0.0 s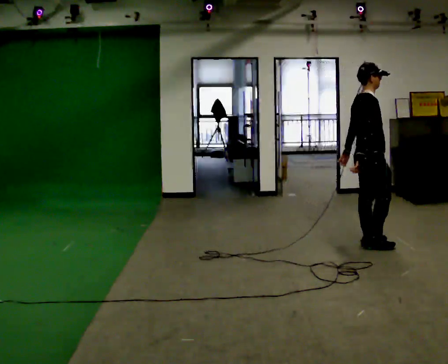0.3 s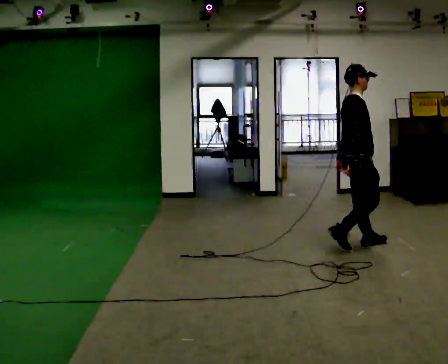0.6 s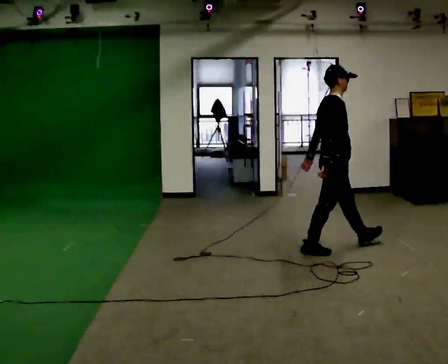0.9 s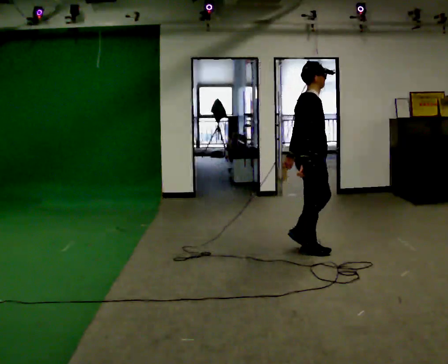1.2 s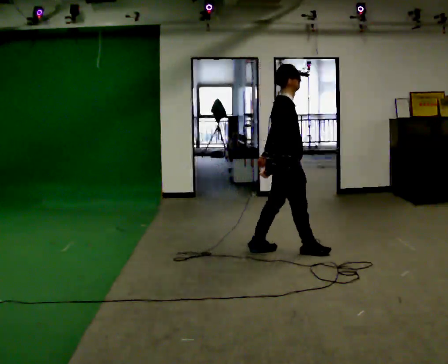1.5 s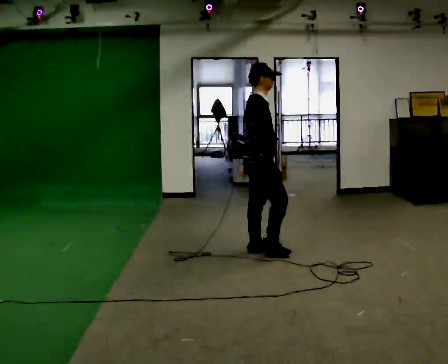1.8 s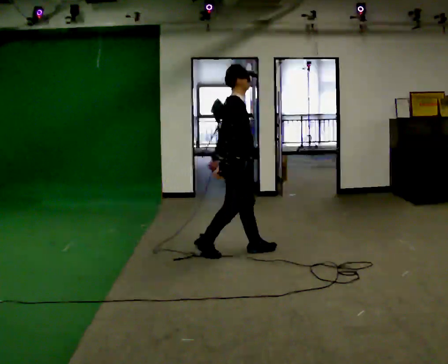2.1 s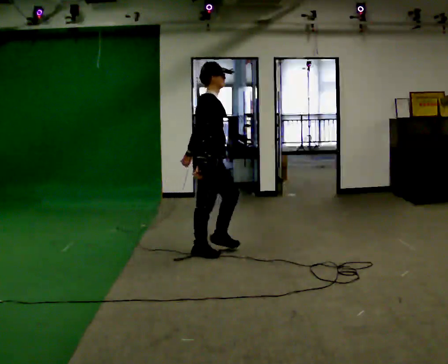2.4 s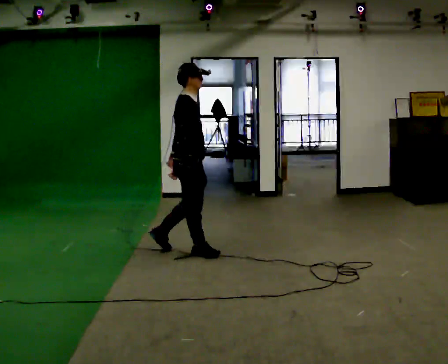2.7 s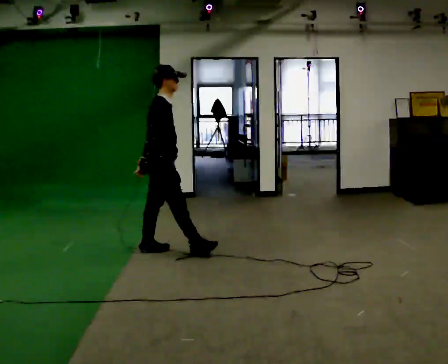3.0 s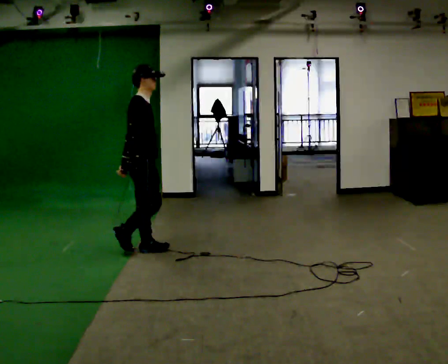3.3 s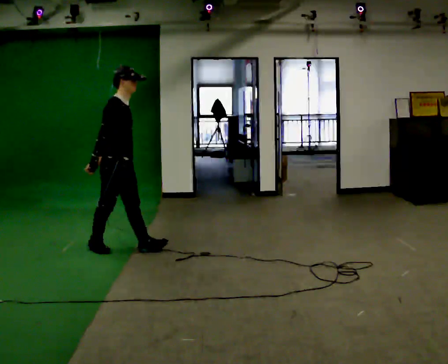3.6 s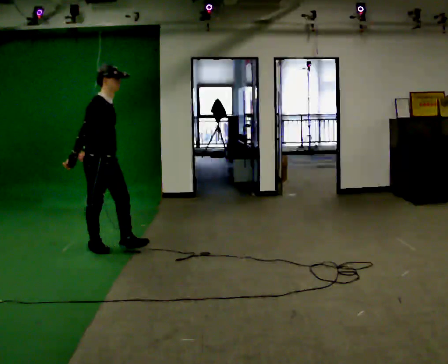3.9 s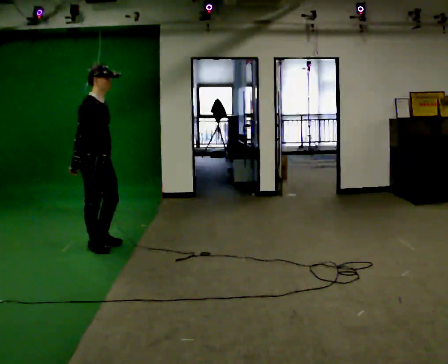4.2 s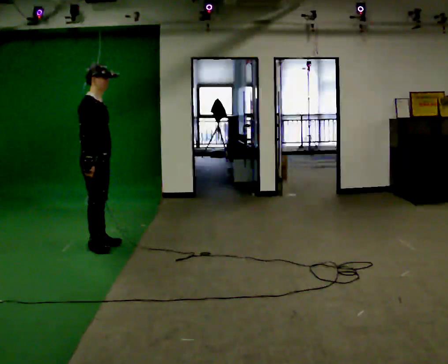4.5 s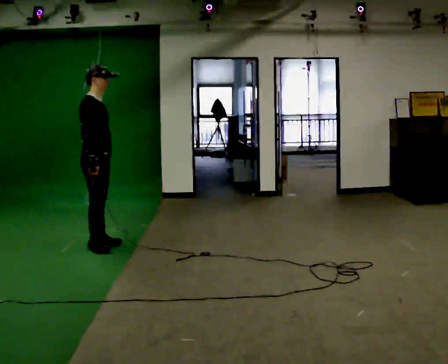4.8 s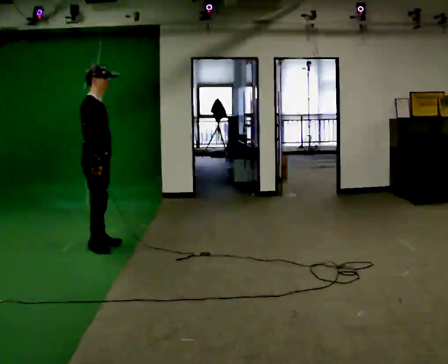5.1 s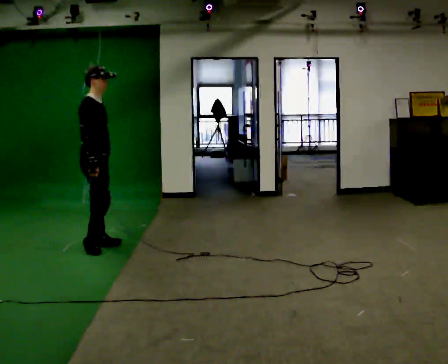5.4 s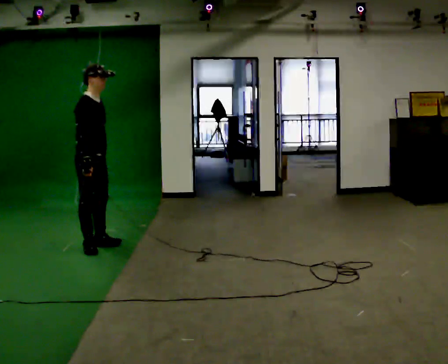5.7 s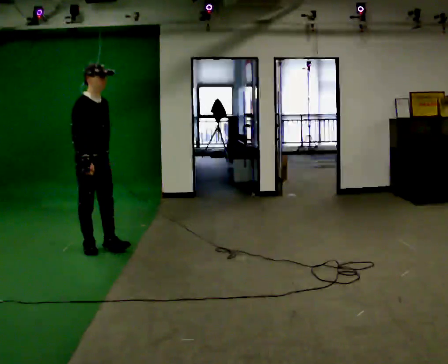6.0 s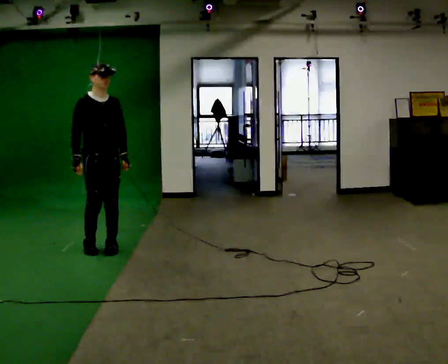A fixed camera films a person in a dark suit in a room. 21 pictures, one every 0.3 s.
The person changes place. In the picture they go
to the left.
0.0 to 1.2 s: In the picture they go to the left, about 1 m in 2 steps, which for them is backward.
1.2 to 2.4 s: In the picture they go to the left, about 1 m in 2 steps, which for them is backward.
2.4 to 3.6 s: In the picture they go to the left, about 1 m in 2 steps, which for them is backward.
3.6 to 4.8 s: The person moves a little, or ends about where they began.
4.8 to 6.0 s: The part of the body nearest the lens slides to the left as the person turns to their right by about 45 degrees.
The film runs backward here.
